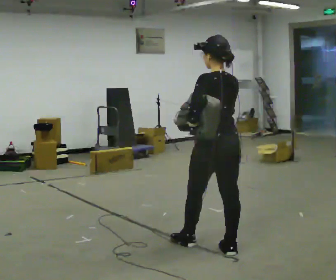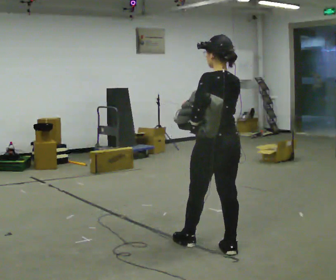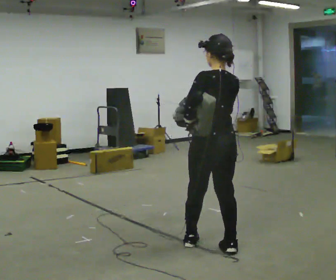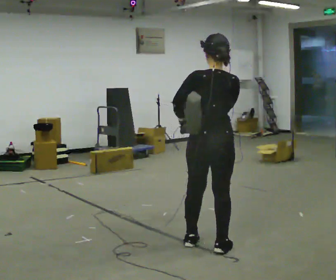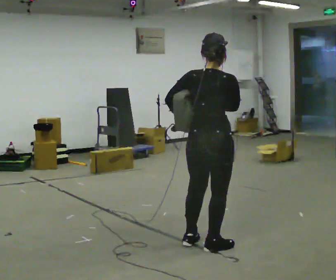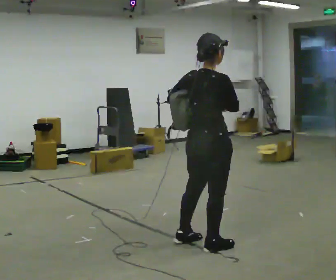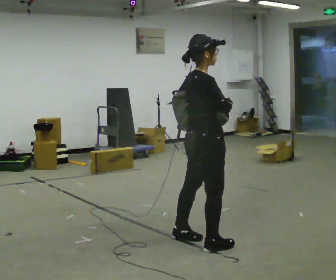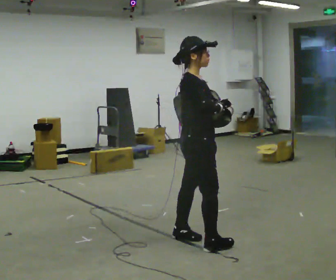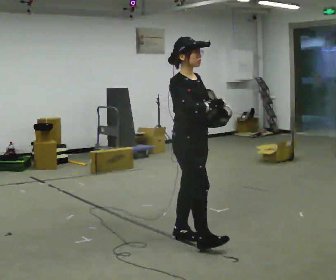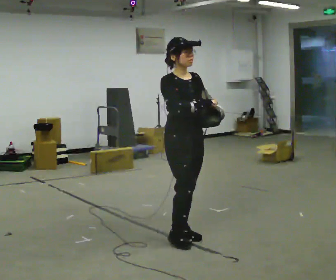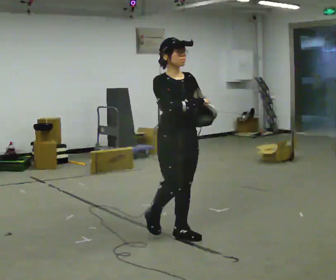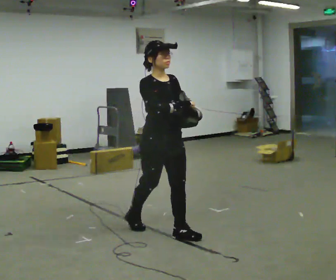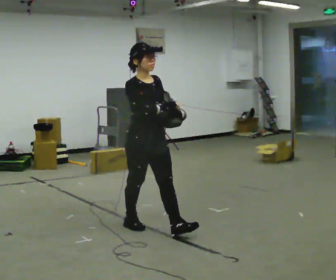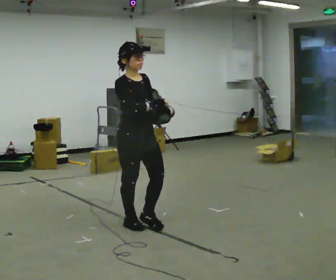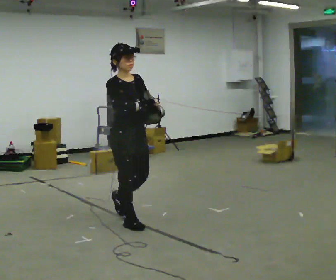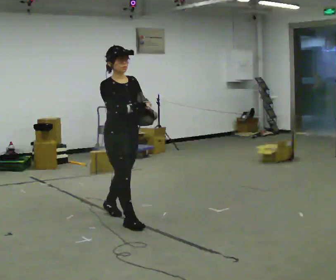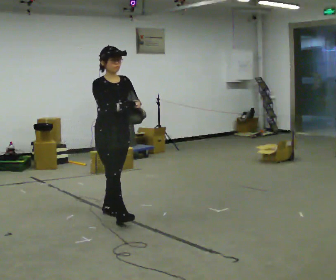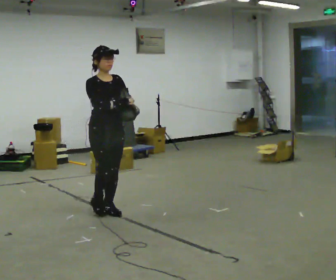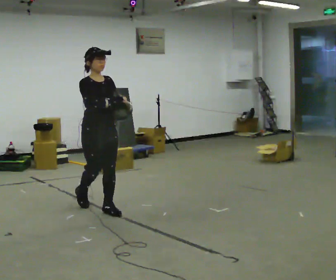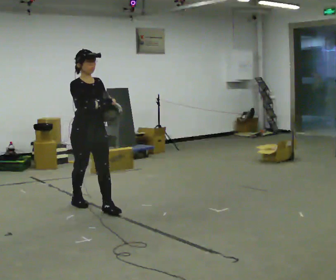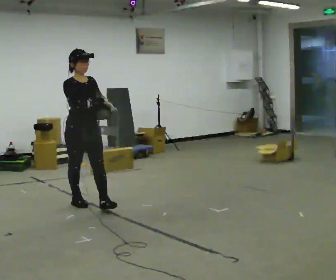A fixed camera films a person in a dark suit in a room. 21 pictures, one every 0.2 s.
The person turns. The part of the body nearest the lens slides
to the left.
The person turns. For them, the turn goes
to their right.
0.0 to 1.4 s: Seen from above the body turns clockwise, about 120 degrees: to their right, with its near side sliding to the left. In the picture they go to the left, about 0.25 m in 2 steps.
1.4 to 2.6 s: The person turns about 45 degrees to their right, clockwise seen from above, so the part of the body nearest the lens slides to the left. In the picture they go to the left and away from the camera, about 0.75 m in 2 steps, which for them is backward.
2.6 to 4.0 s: In the picture they go to the left and away from the camera, about 1 m in 2 steps, which for them is backward.
The film runs backward here.
